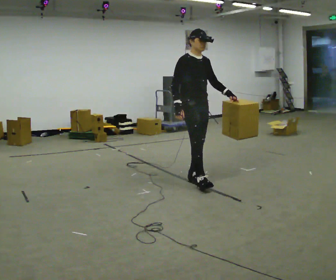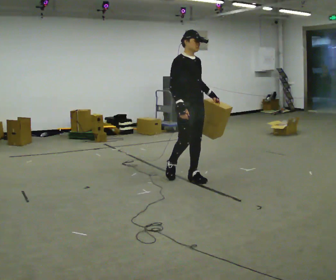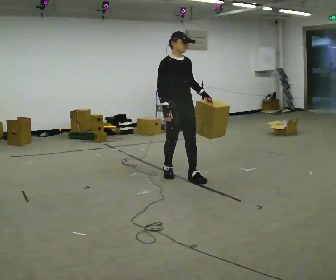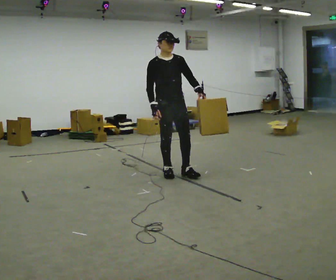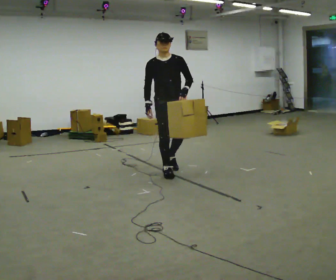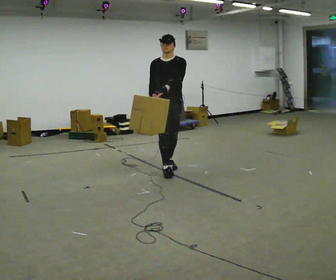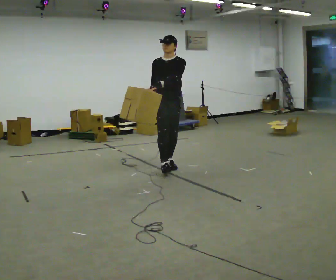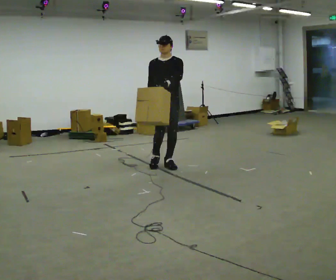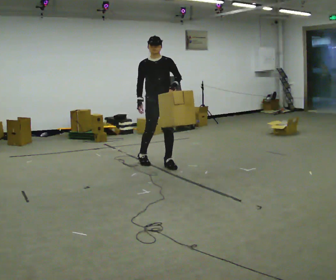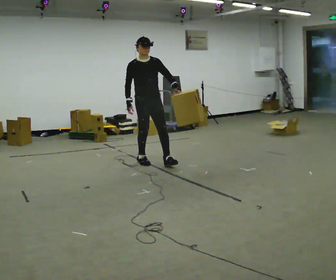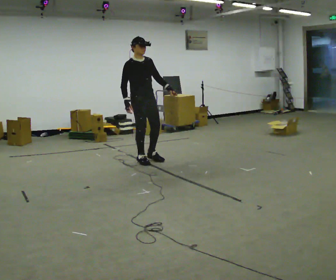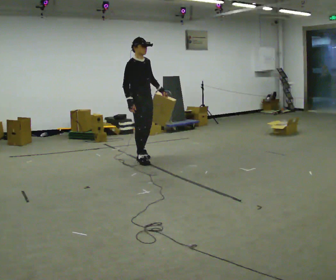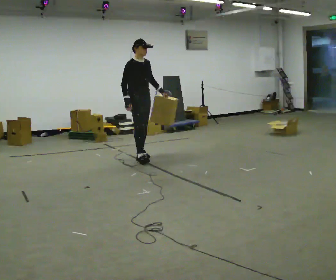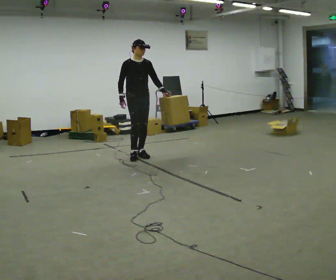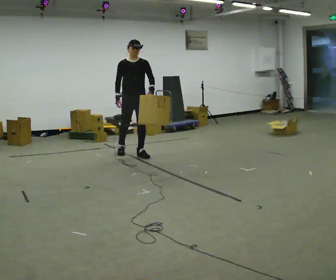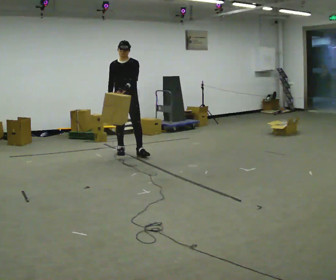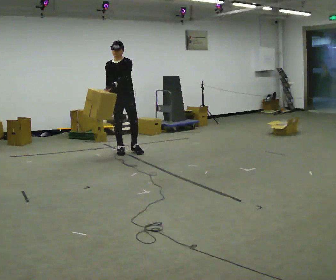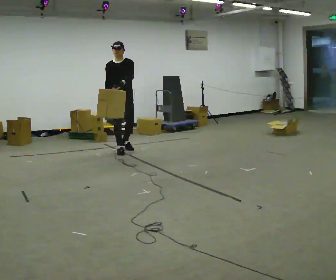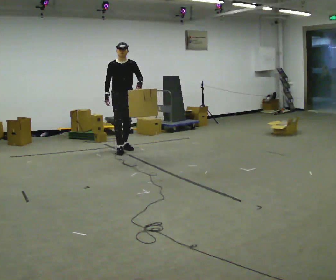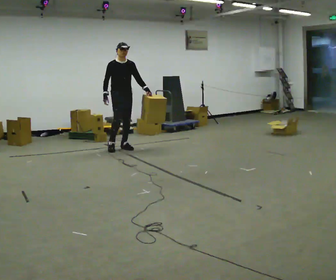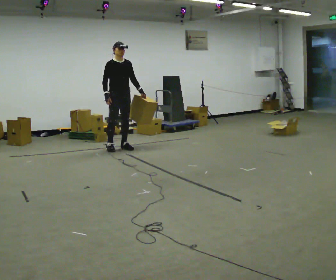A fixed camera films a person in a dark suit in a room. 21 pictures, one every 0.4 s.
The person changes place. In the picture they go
away from the camera.
0.0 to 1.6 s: In the picture they go away from the camera and to the left, about 0.5 m in 1 step, which for them is backward.
1.6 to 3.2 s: In the picture they go away from the camera, about 0.5 m in 1 step, which for them is backward.
3.2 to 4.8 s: Seen from above the body turns counterclockwise, about 30 degrees: to their left, with its near side sliding to the right. In the picture they go away from the camera and to the left, about 0.5 m in 1 step, which for them is backward.
4.8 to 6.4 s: The part of the body nearest the lens slides to the left as the person turns to their right by about 45 degrees. In the picture they go away from the camera and to the left, about 0.5 m in 2 steps, which for them is backward and to their right.
6.4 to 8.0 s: Seen from above the body turns counterclockwise, about 30 degrees: to their left, with its near side sliding to the right. In the picture they go away from the camera, about 0.25 m in 1 step, which for them is backward.
The film runs backward here.
